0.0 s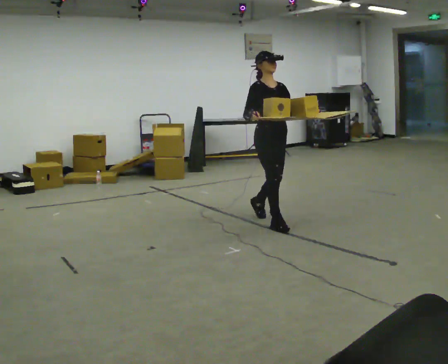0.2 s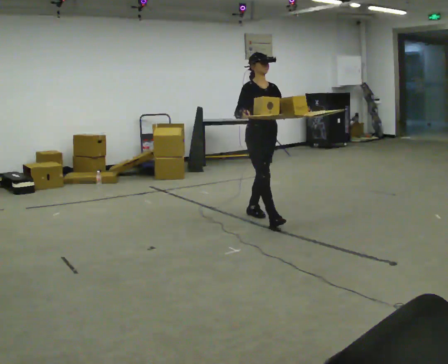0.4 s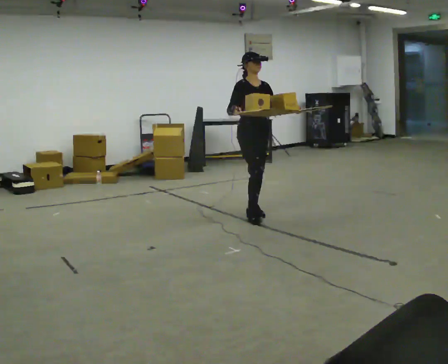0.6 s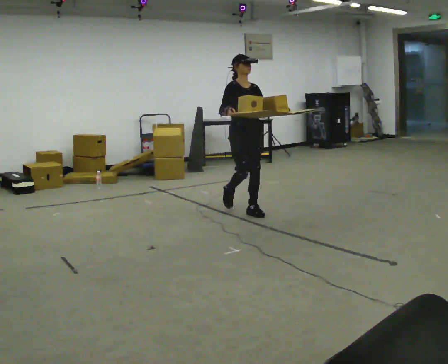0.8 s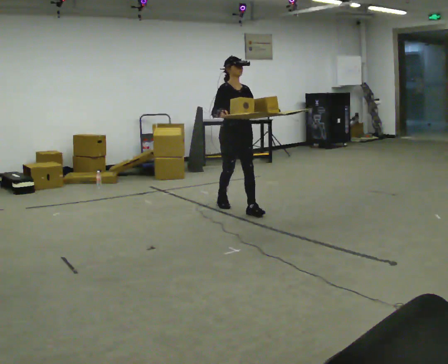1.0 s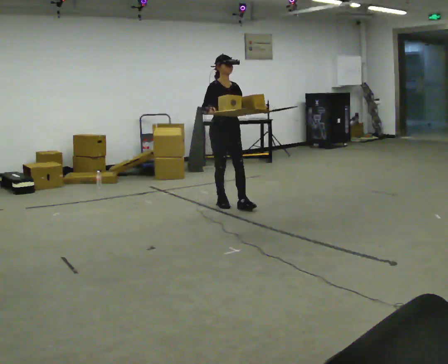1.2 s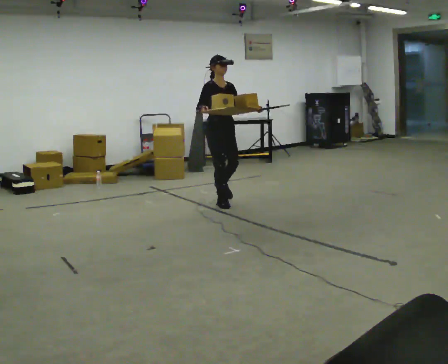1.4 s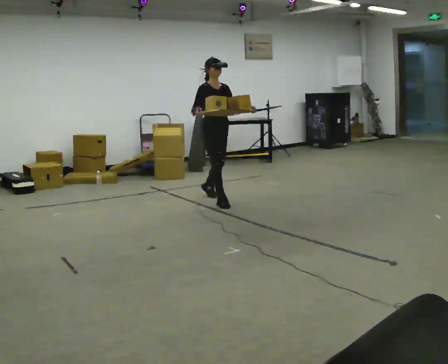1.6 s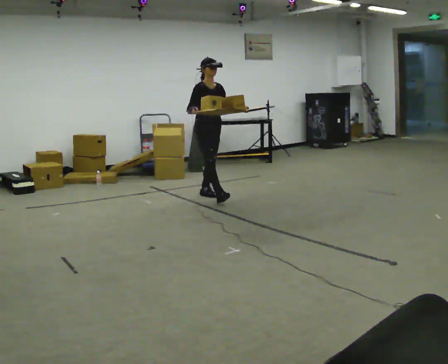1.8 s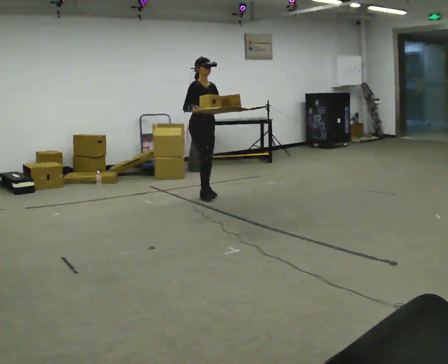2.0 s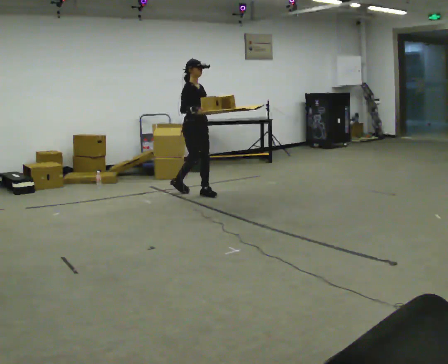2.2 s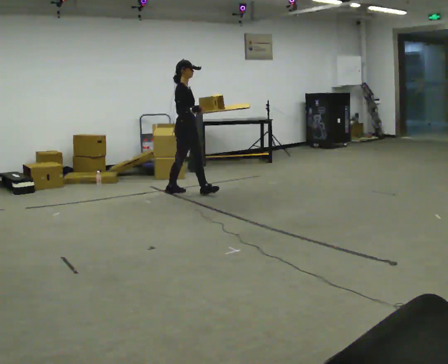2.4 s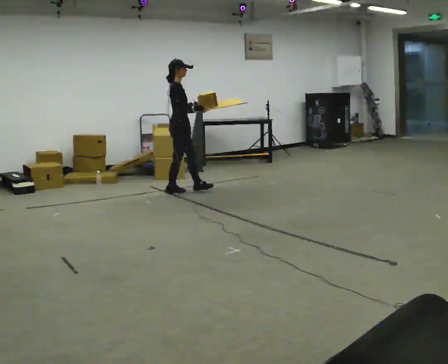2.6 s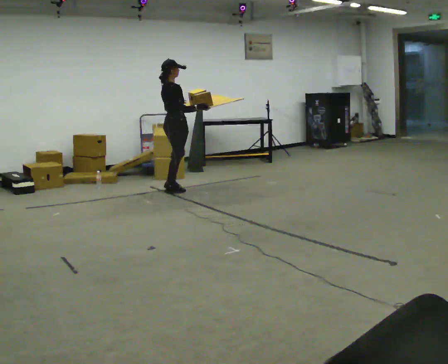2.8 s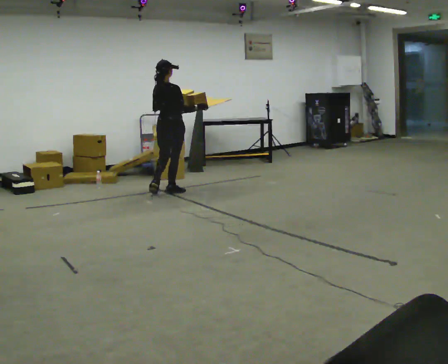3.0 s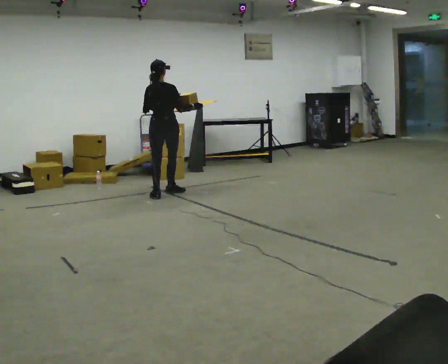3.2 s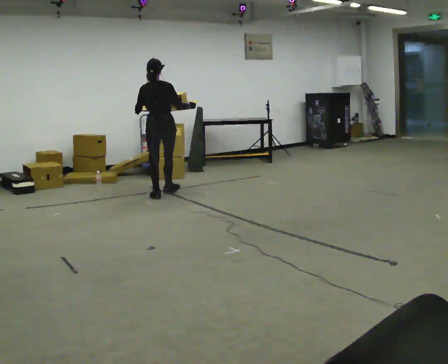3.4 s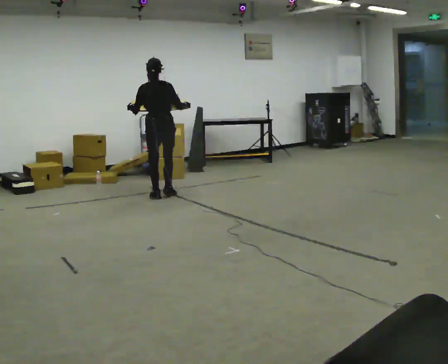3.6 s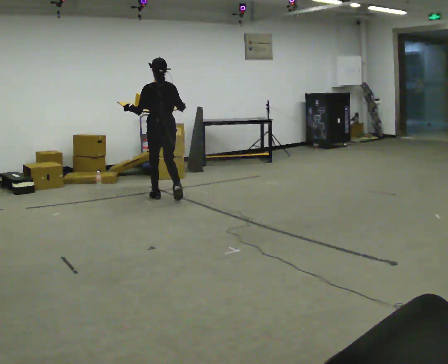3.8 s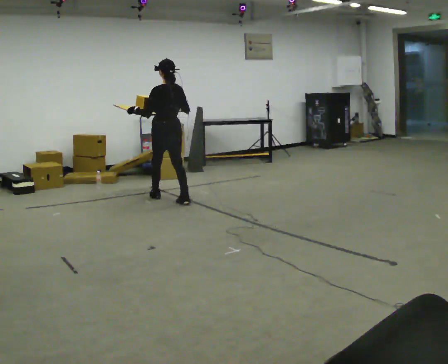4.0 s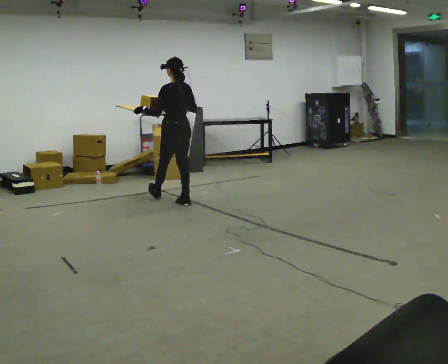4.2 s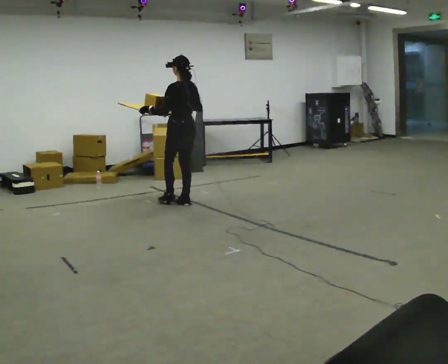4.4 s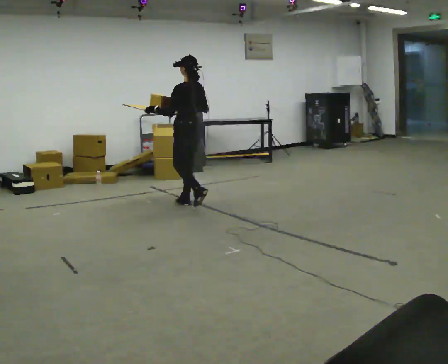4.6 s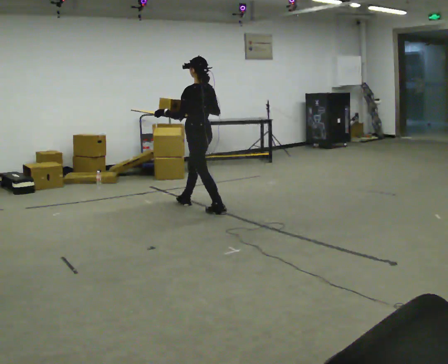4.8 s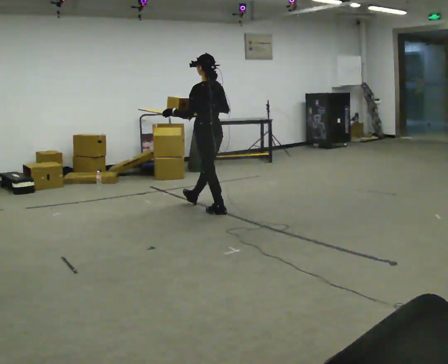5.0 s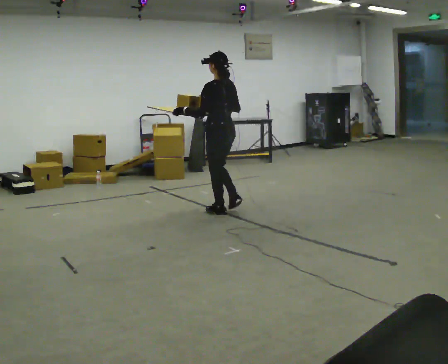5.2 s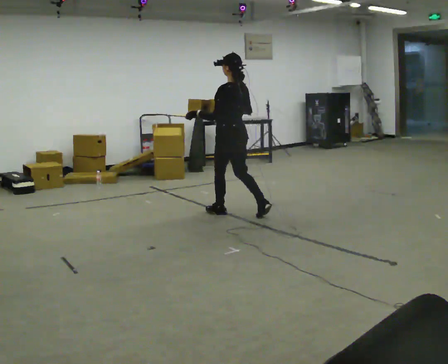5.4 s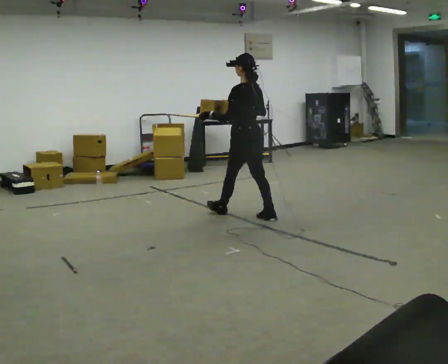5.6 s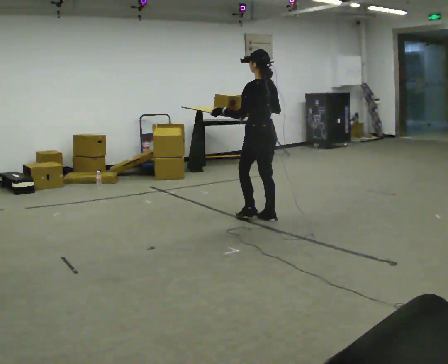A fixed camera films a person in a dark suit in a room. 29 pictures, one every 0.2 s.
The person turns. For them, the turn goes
to their left.
The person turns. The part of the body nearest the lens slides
to the right.
0.0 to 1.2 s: In the picture they go away from the camera and to the left, about 1 m in 2 steps, which for them is backward.
1.2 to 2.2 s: The person turns about 45 degrees to their left, counterclockwise seen from above, so the part of the body nearest the lens slides to the right. In the picture they go away from the camera and to the left, about 0.5 m in 2 steps, which for them is backward.
2.2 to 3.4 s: Seen from above the body turns counterclockwise, about 105 degrees: to their left, with its near side sliding to the right. In the picture they go to the left and toward the camera, about 0.25 m in 1 step.
3.4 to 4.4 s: Seen from above the body turns counterclockwise, about 45 degrees: to their left, with its near side sliding to the right. In the picture they go toward the camera and to the right, about 0.5 m in 1 step, which for them is backward.
4.4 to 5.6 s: In the picture they go toward the camera and to the right, about 1 m in 2 steps, which for them is backward.
The film runs backward here.
